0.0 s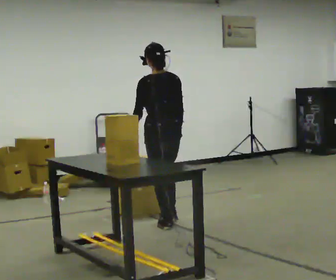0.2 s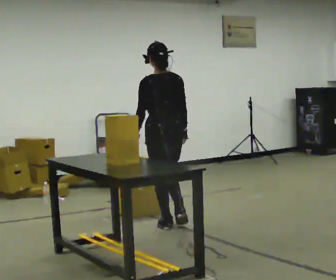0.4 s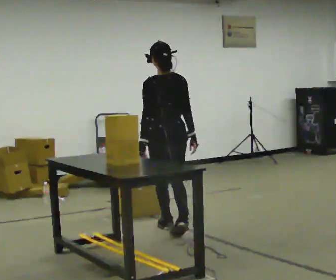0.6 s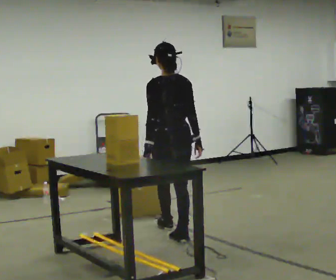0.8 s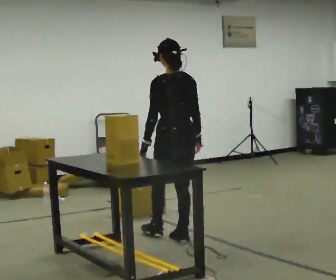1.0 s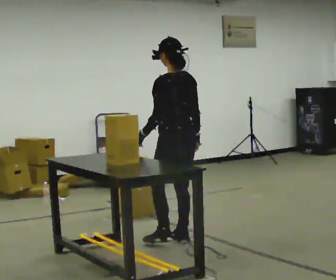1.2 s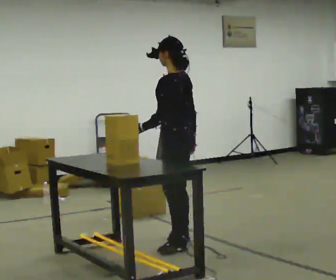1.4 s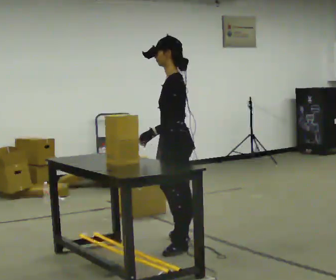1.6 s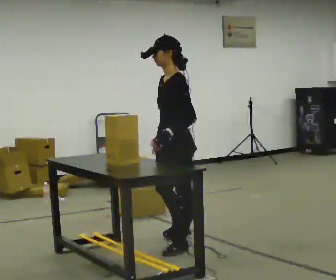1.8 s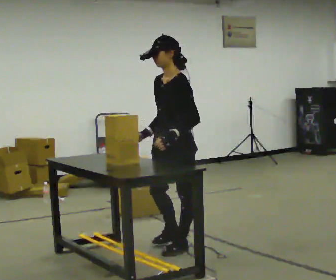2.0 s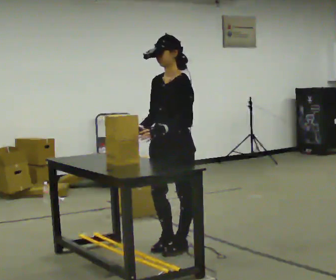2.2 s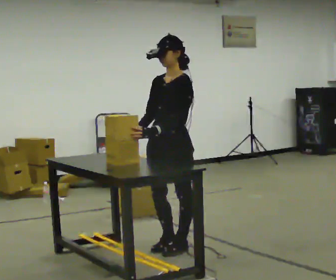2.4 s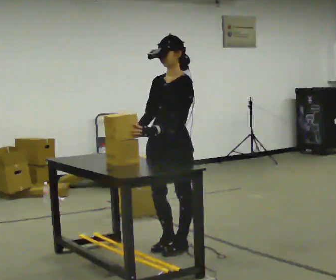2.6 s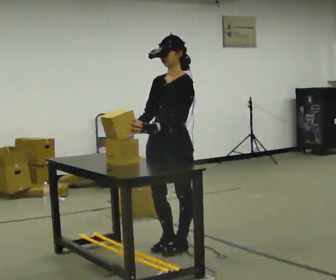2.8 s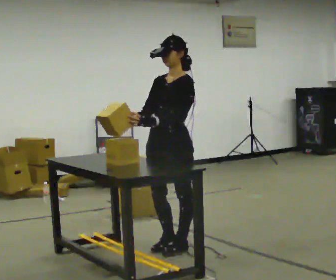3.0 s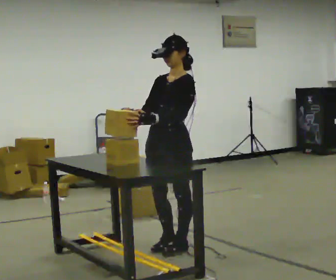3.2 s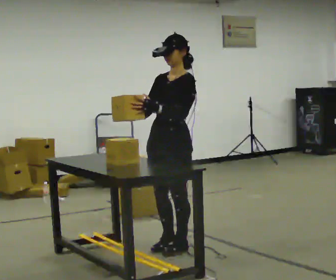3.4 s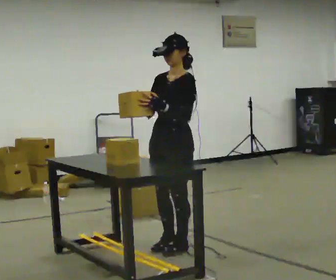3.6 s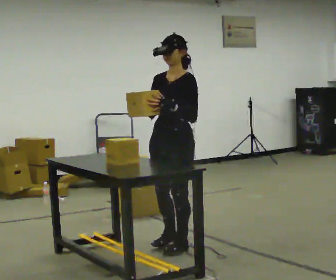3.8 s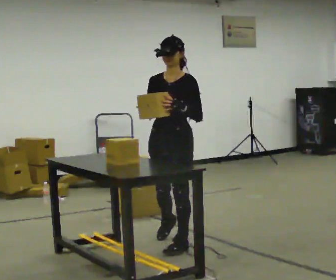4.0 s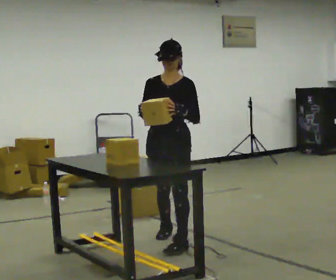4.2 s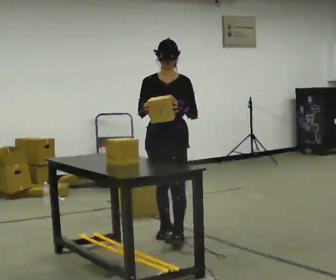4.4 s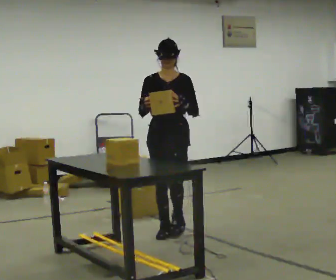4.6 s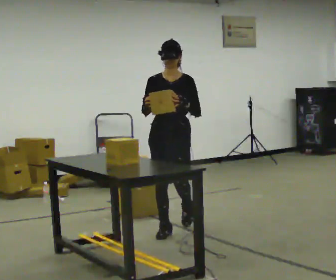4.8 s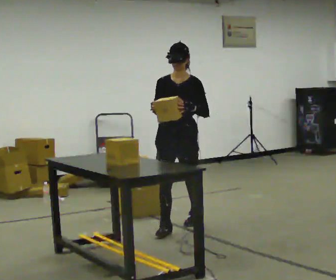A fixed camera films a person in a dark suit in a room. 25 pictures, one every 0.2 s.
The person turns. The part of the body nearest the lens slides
to the right.
The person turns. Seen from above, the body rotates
counterclockwise.
0.0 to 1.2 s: Seen from above the body turns counterclockwise, about 45 degrees: to their left, with its near side sliding to the right. In the picture they go toward the camera, about 0.5 m in 1 step, which for them is backward.
1.2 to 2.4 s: Seen from above the body turns counterclockwise, about 60 degrees: to their left, with its near side sliding to the right. In the picture they go toward the camera, about 0.25 m in 1 step.
2.4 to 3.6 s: The person moves a little, or ends about where they began.
3.6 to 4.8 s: The person turns about 30 degrees to their left, counterclockwise seen from above, so the part of the body nearest the lens slides to the right. In the picture they go away from the camera, about 0.75 m in 1 step, which for them is backward.
The film runs backward here.
